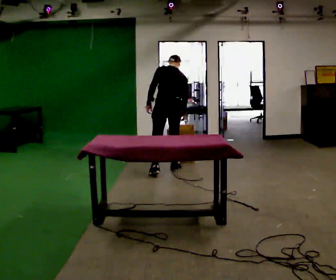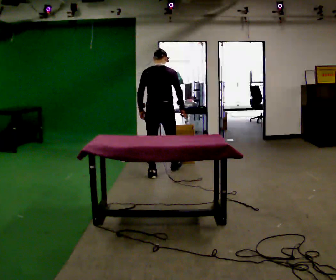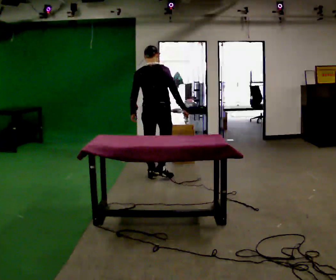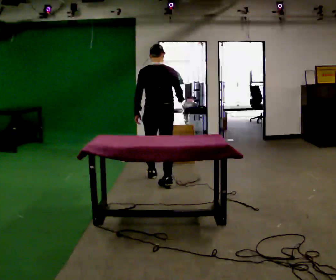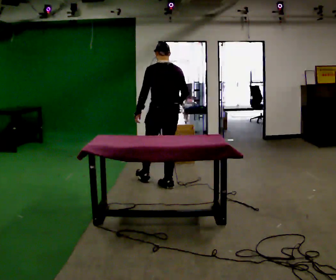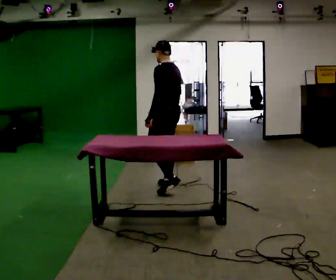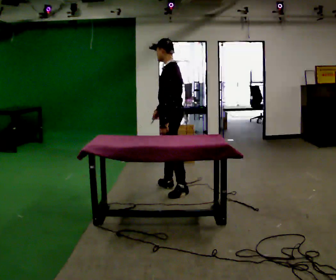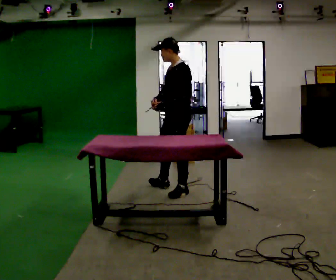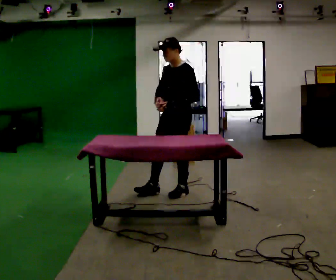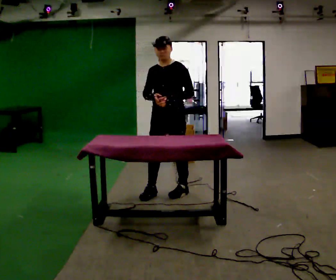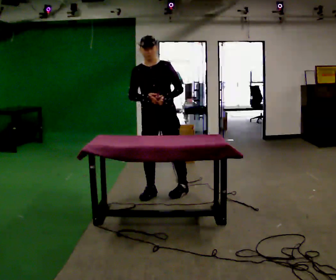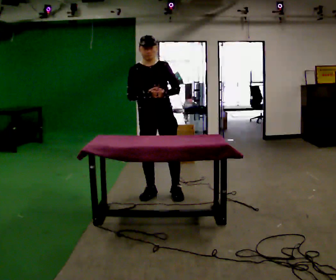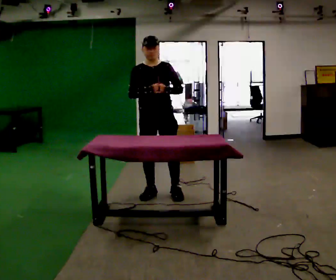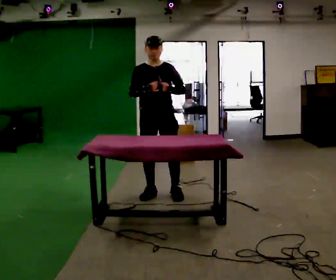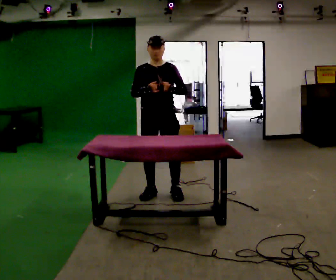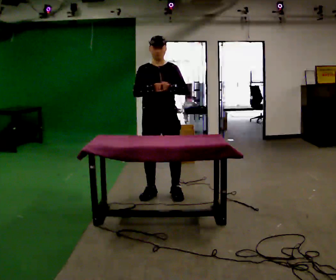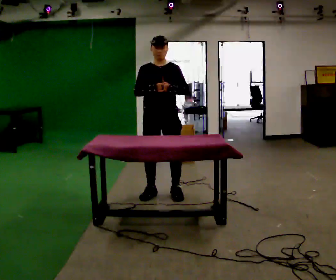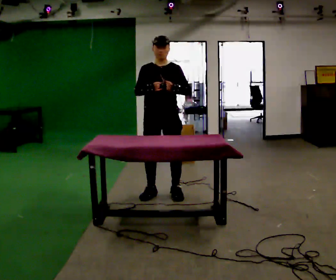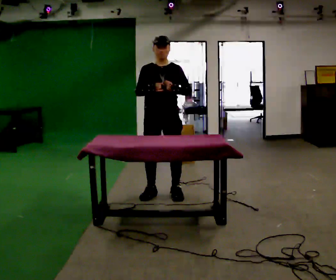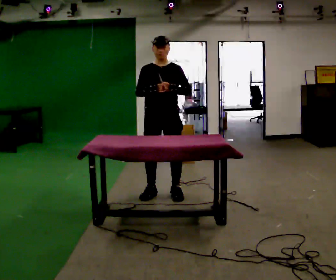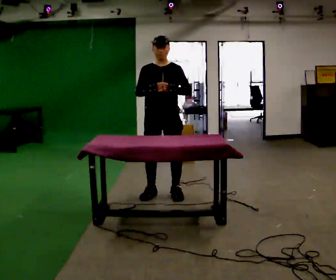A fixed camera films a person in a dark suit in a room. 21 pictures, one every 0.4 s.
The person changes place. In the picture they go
toward the camera.
0.0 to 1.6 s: In the picture they go toward the camera, about 0.75 m in 2 steps, which for them is backward. The upper body tips toward the camera, its near side rolling downward, as they lean back or straighten.
1.6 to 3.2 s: The part of the body nearest the lens slides to the right as the person turns to their left by about 105 degrees. In the picture they go toward the camera and to the right, about 0.5 m in 1 step.
3.2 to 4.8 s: Seen from above the body turns counterclockwise, about 60 degrees: to their left, with its near side sliding to the right. In the picture they go to the left, about 0.25 m.
4.8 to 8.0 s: The person moves a little, or ends about where they began.
The film runs backward here.
